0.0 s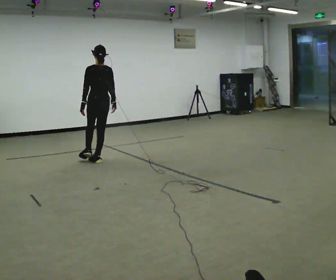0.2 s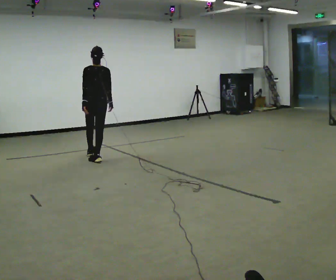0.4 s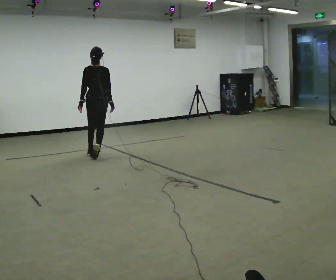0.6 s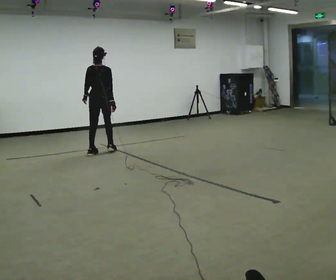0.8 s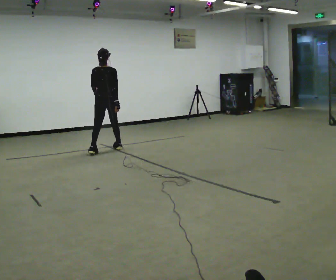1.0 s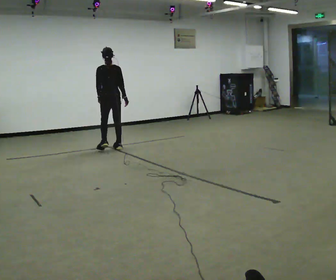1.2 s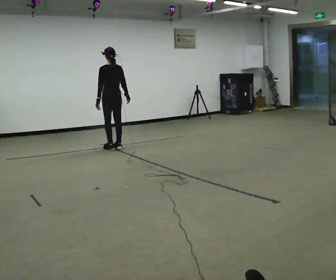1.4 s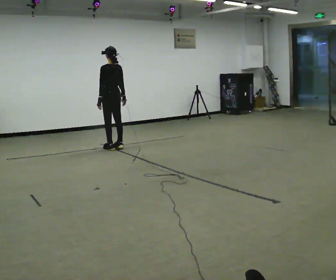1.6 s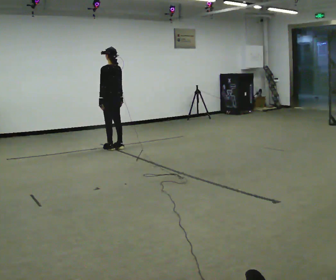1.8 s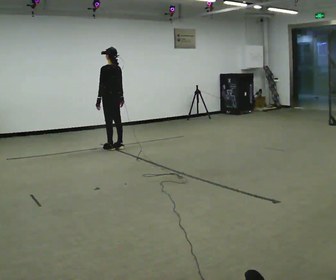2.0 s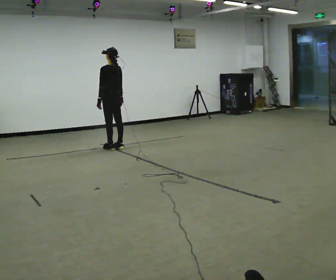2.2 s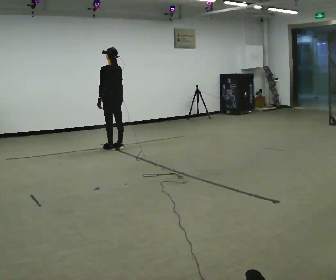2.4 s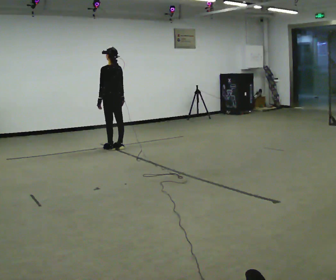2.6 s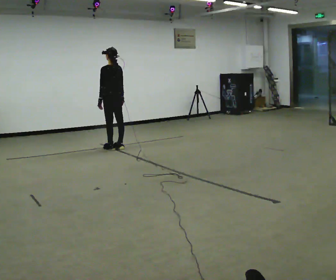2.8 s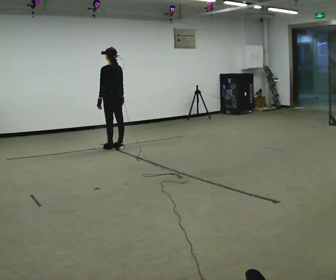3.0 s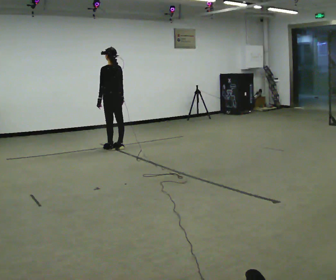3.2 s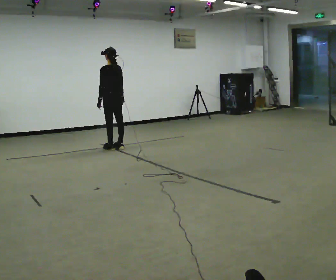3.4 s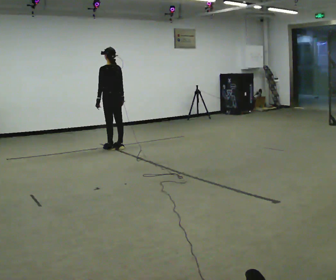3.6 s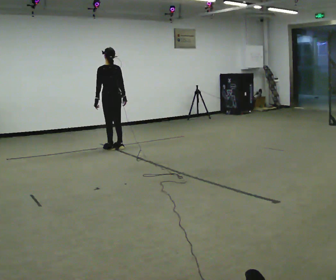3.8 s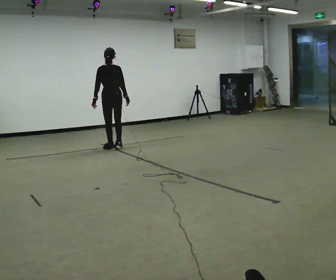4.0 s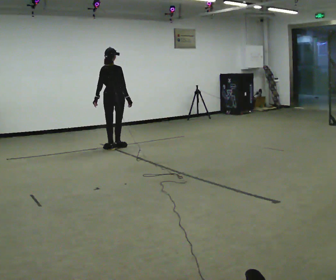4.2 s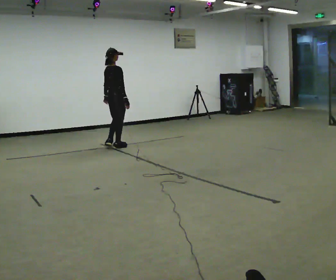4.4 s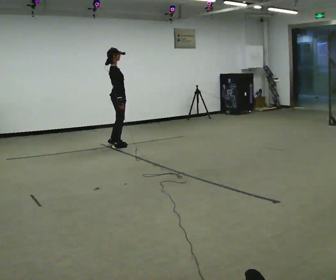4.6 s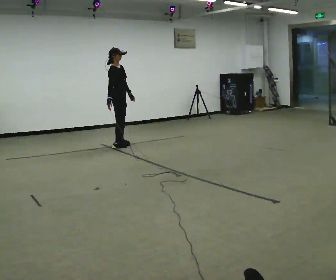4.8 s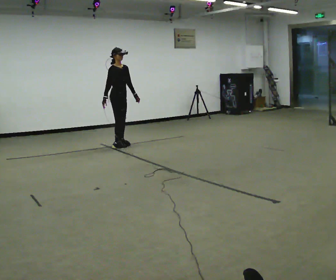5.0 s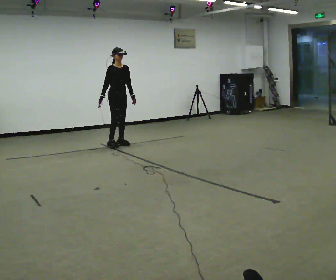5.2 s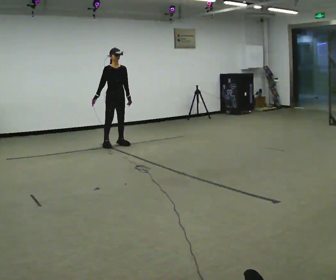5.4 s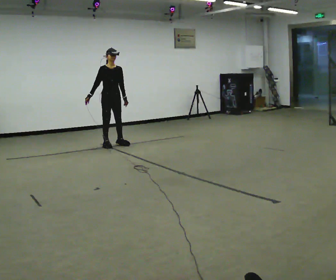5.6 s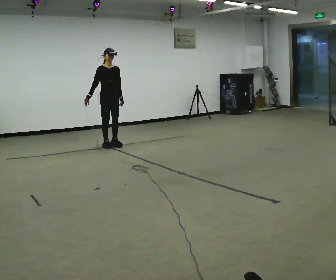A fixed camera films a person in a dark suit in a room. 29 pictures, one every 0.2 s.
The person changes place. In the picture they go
away from the camera.
0.0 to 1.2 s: In the picture they go away from the camera, about 1 m in 3 steps, which for them is forward.
1.2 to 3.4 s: The person moves a little, or ends about where they began.
3.4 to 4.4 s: The part of the body nearest the lens slides to the left as the person turns to their right by about 120 degrees.
4.4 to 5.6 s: The part of the body nearest the lens slides to the left as the person turns to their right by about 60 degrees. In the picture their right hand goes to the left.
The film runs forward here.
